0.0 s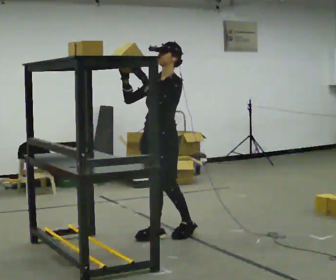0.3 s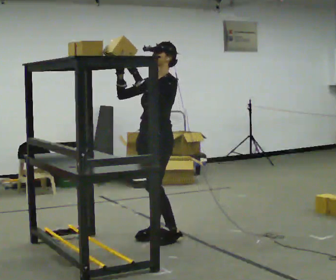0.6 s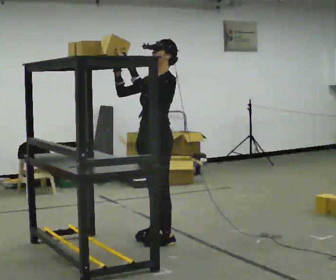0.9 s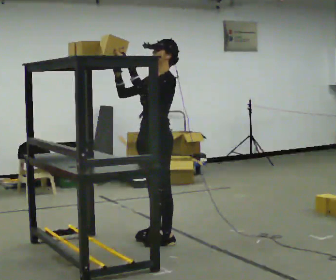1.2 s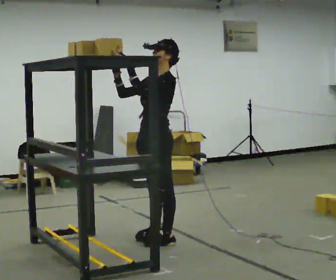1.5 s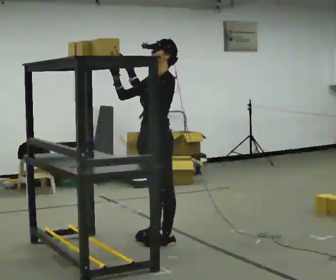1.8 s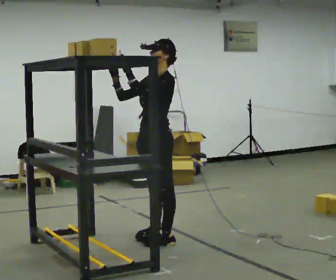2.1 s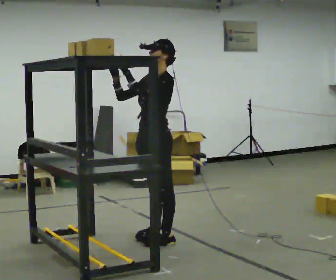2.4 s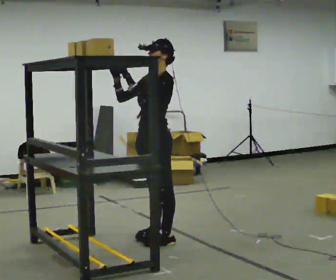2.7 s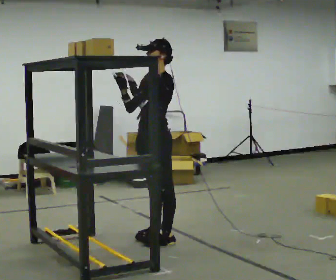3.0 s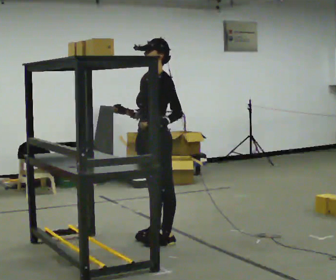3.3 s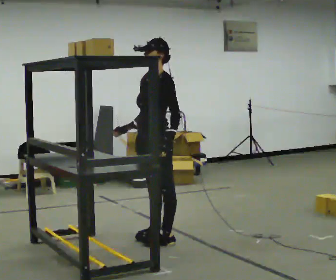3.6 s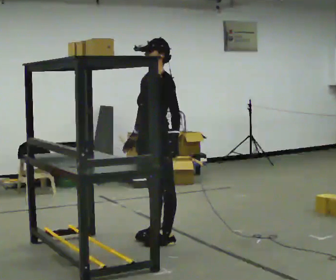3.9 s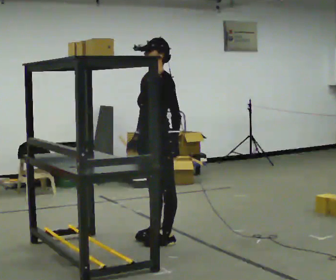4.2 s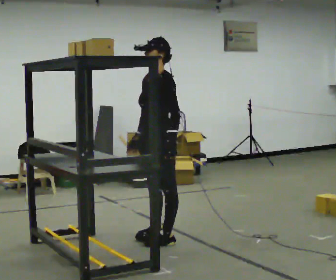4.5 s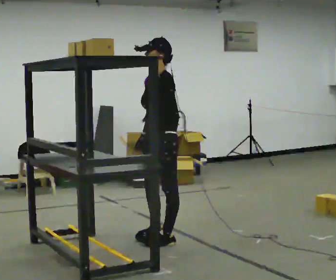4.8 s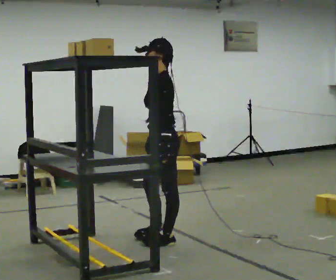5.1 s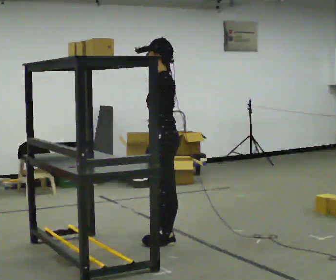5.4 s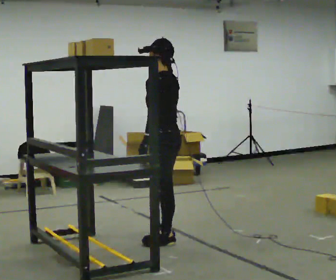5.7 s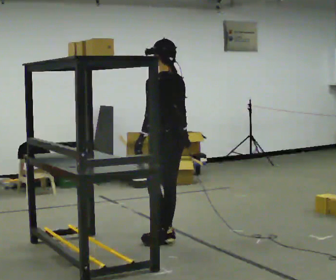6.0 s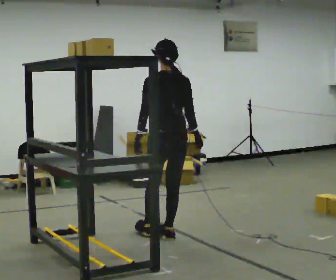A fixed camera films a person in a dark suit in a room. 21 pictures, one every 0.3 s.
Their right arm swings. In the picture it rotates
counterclockwise.
The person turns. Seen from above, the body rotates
clockwise.
0.0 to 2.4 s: The person moves a little, or ends about where they began.
2.4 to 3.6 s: In the picture their left hand goes downward and to the right.
3.6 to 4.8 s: The part of the body nearest the lens slides to the left as the person turns to their right by about 30 degrees.
4.8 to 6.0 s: The part of the body nearest the lens slides to the left as the person turns to their right by about 75 degrees. In the picture they go away from the camera, about 0.25 m.
The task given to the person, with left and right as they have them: Take an object from the lowest shelf, carry it across the room, and place it on the highest shelf you can comfortably reach. Keep going until the operator says stop; one object at a time, and do not rush between trips.
The film runs forward here.
